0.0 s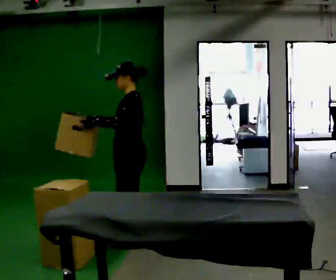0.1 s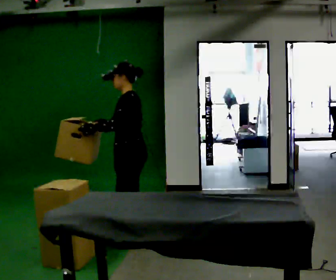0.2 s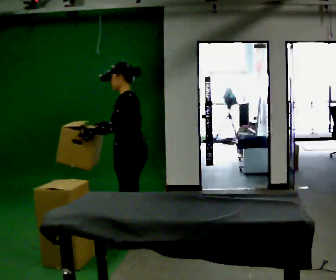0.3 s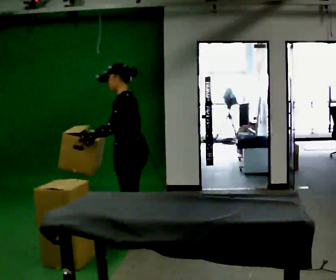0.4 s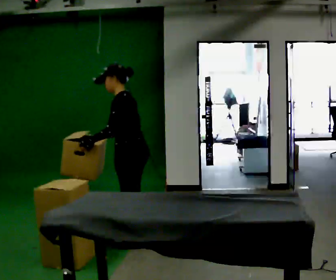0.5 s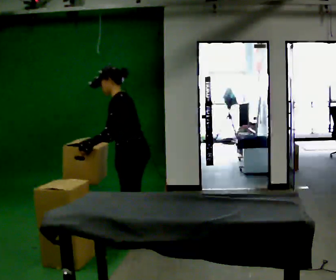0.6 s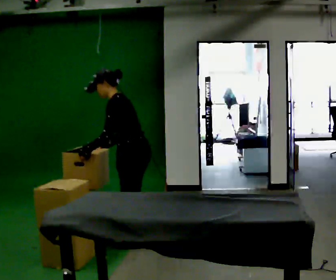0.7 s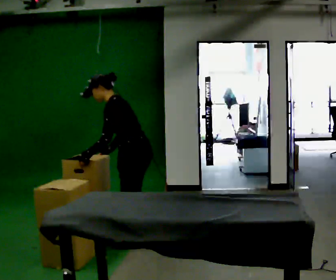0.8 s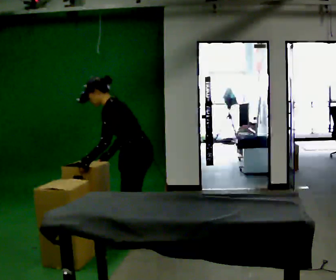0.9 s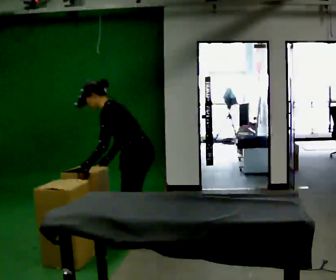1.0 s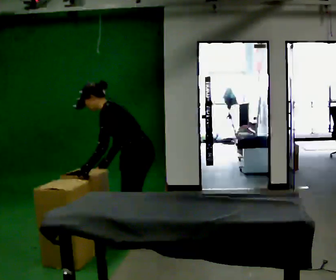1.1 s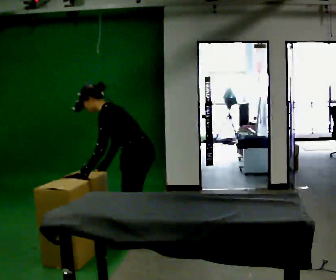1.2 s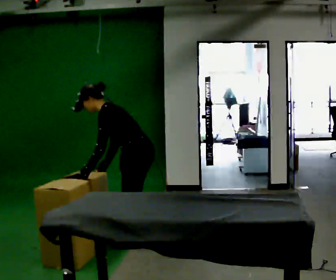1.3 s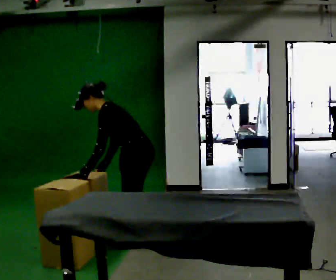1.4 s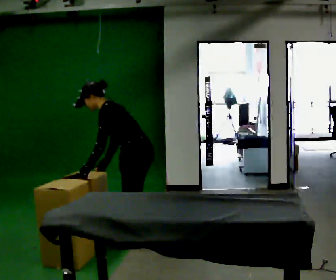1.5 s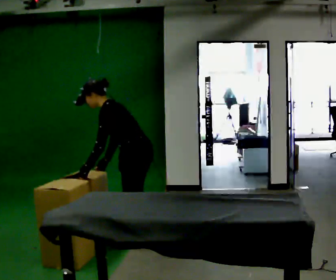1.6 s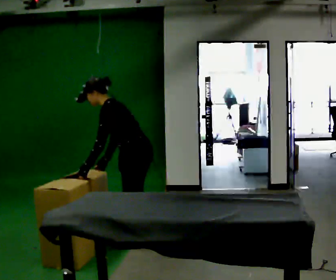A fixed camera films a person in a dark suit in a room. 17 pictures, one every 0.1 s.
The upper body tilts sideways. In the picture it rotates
counterclockwise.
0.0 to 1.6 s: In the picture the upper body tilts counterclockwise, shoulders to the left, as they bend forward. In the picture their right hand goes downward, the arm swinging counterclockwise.
The film runs backward here.
